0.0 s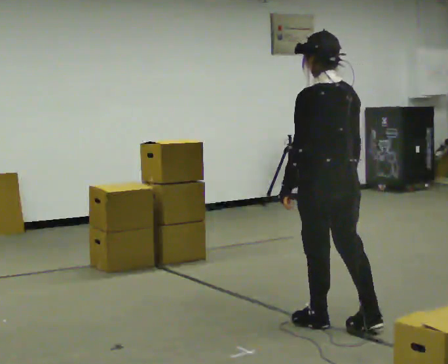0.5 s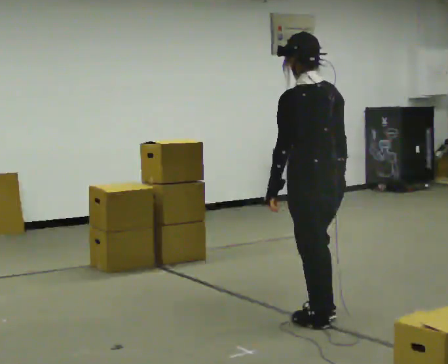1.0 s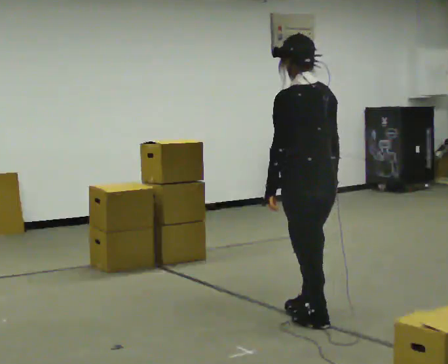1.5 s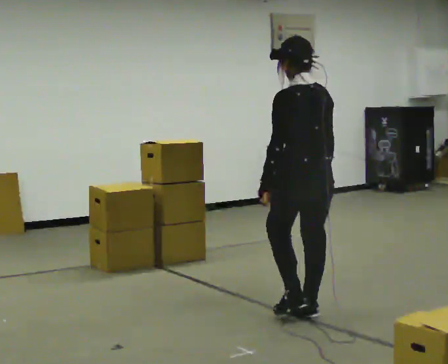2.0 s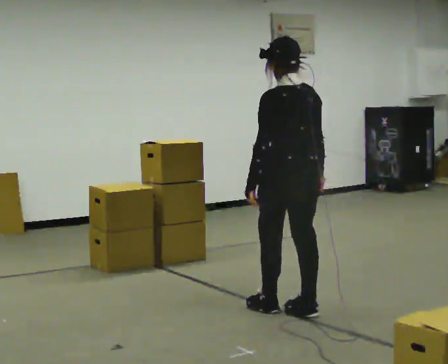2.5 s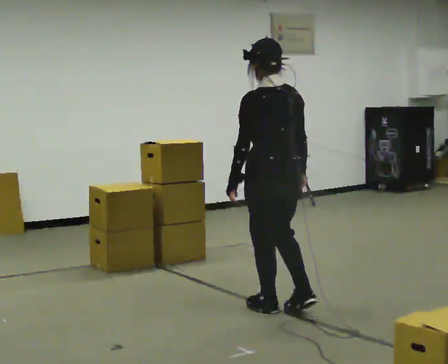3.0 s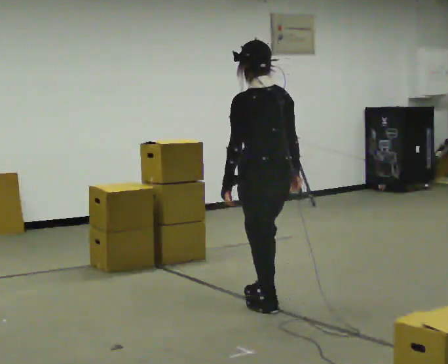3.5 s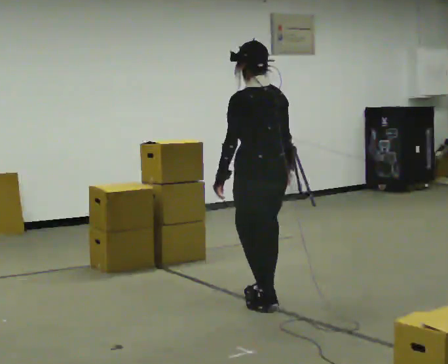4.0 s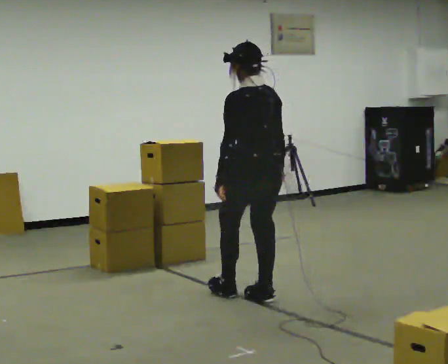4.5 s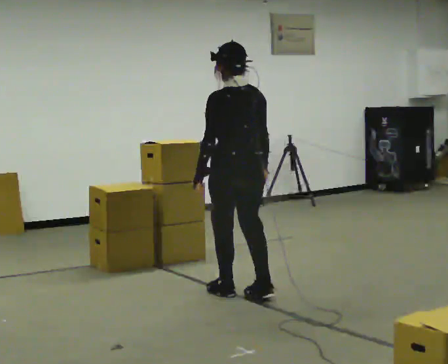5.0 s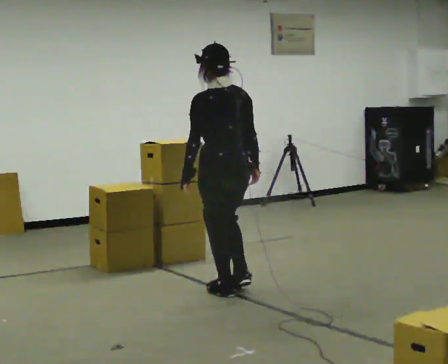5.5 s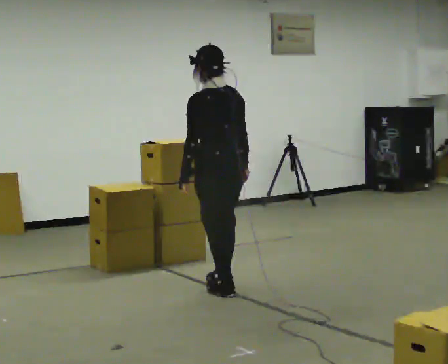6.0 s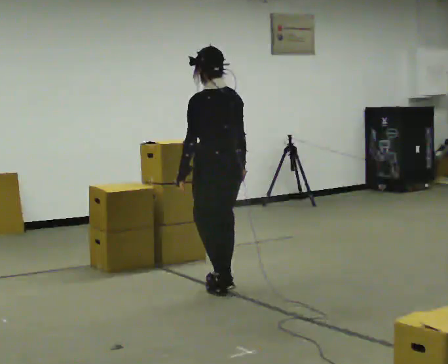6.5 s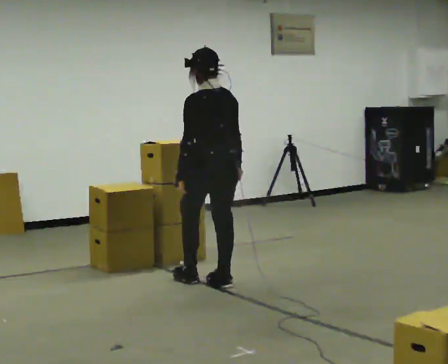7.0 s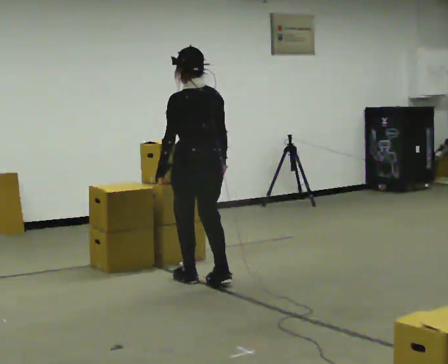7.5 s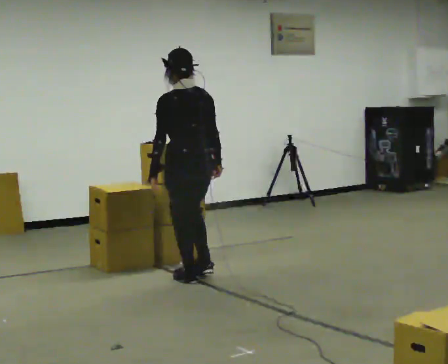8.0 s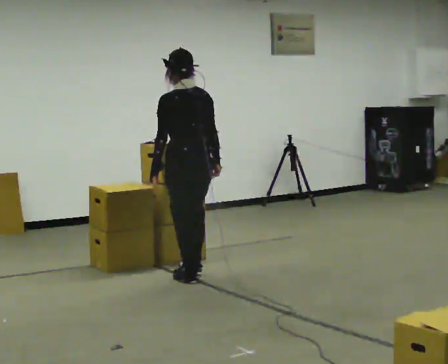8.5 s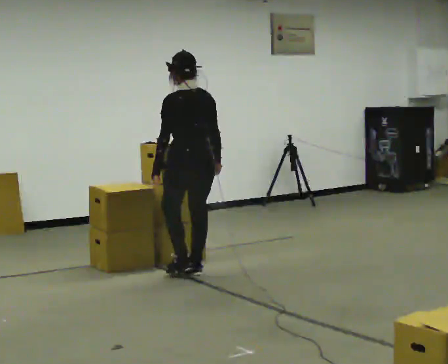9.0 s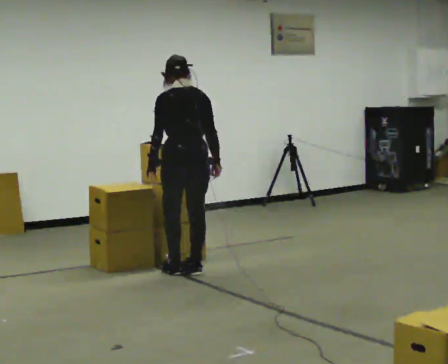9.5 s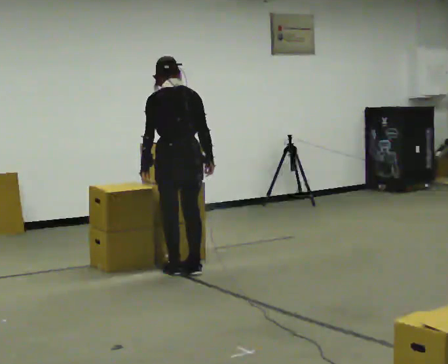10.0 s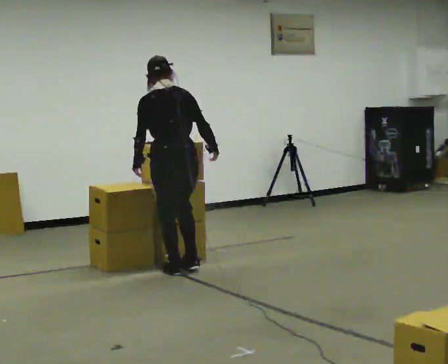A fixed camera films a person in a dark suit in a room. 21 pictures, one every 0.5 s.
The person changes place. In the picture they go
away from the camera.
0.0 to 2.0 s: In the picture they go away from the camera and to the left, about 0.5 m in 2 steps, which for them is forward.
2.0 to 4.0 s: In the picture they go away from the camera and to the left, about 0.5 m in 1 step, which for them is forward.
4.0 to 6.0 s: In the picture they go away from the camera and to the left, about 0.5 m in 2 steps, which for them is forward.
6.0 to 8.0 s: In the picture they go away from the camera and to the left, about 0.25 m in 2 steps, which for them is forward.
8.0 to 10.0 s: In the picture they go away from the camera, about 0.25 m in 1 step, which for them is forward.
The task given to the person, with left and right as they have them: Carry the box and, while you are still walking, turn it so you can read the label, read it out loud, then carry on. Repeat with the next box. Do not stop to read it.
The film runs forward here.
